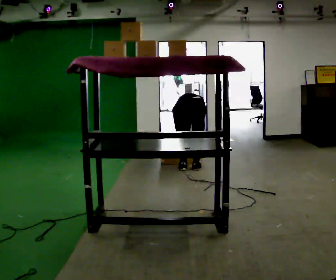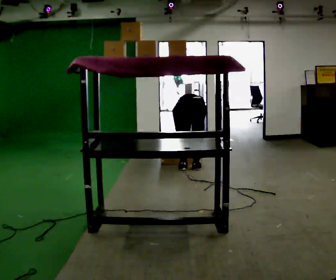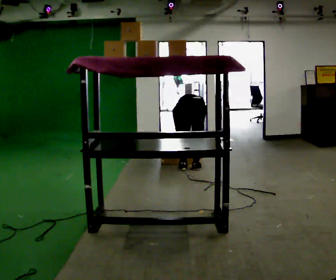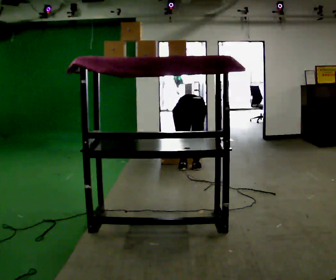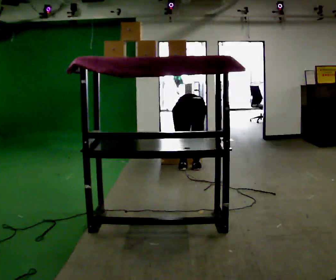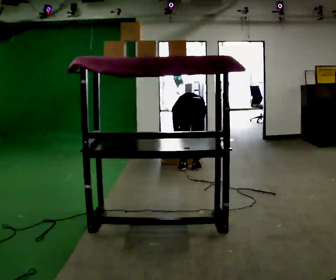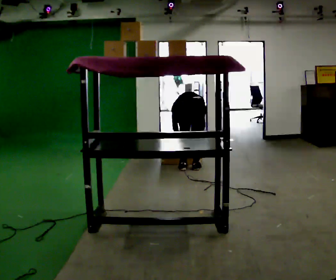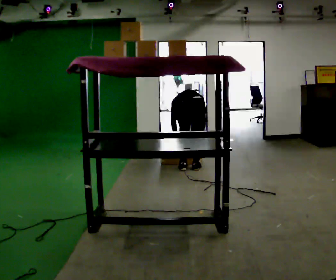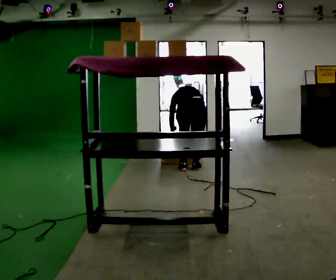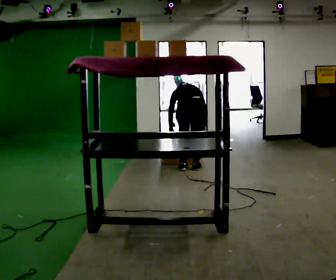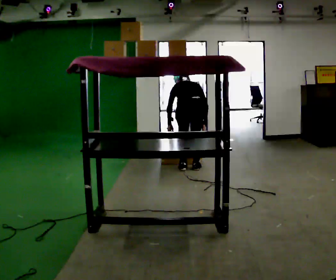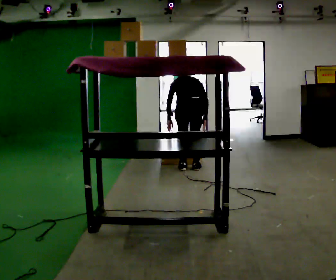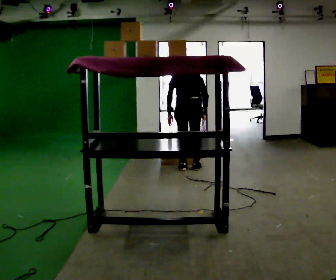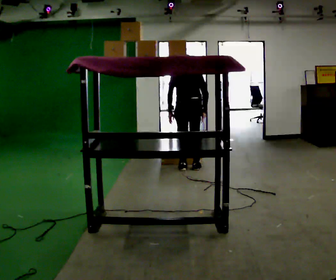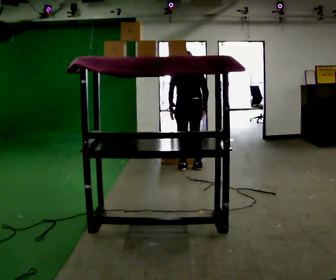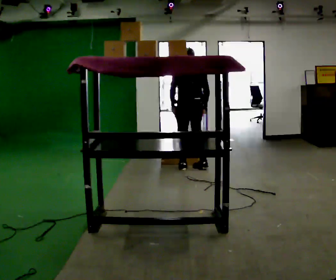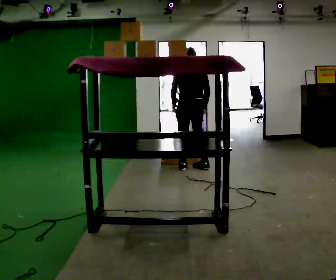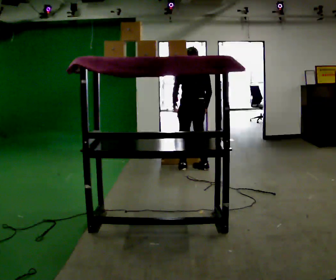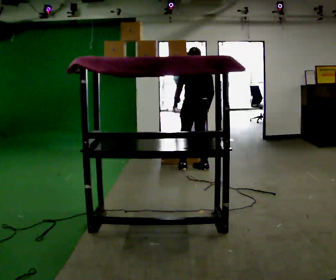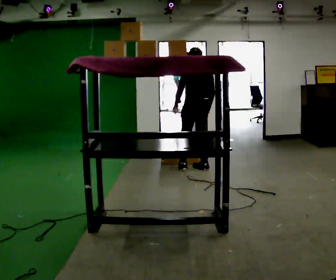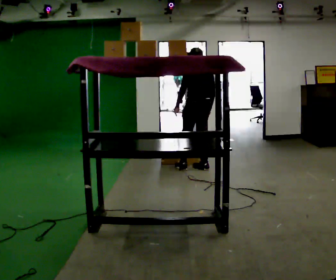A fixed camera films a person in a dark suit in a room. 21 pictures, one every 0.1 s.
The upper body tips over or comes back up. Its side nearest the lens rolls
downward.
Their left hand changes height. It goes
upward.
0.0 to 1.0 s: The shoulders move upward. The upper body tips toward the camera, its near side rolling downward, as they lean back or straighten. In the picture their left hand goes upward.
1.0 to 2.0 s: The part of the body nearest the lens slides to the right as the person turns to their left by about 30 degrees. The shoulders move upward. The upper body tips toward the camera, its near side rolling downward, as they lean back or straighten.
The film runs forward here.
